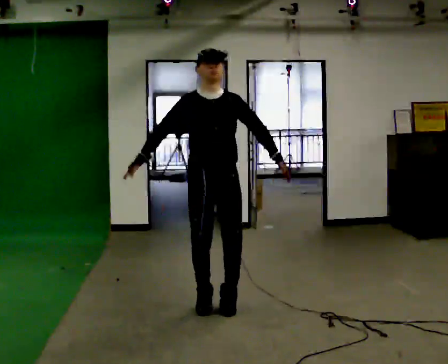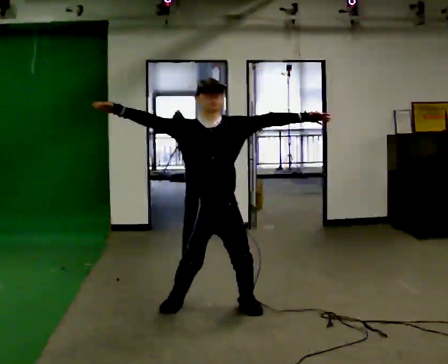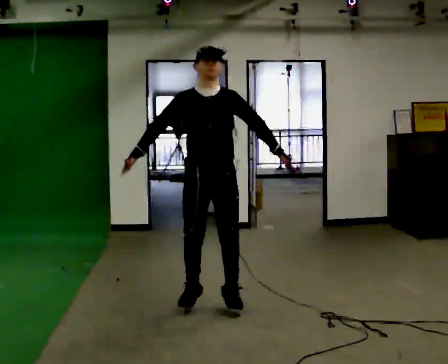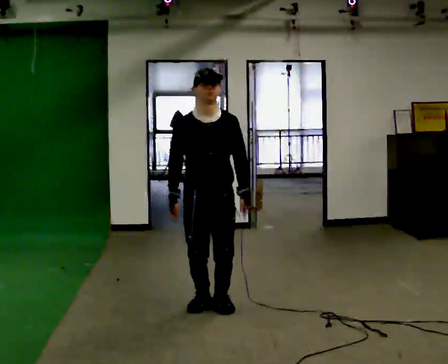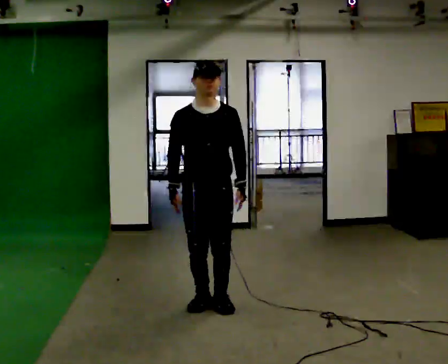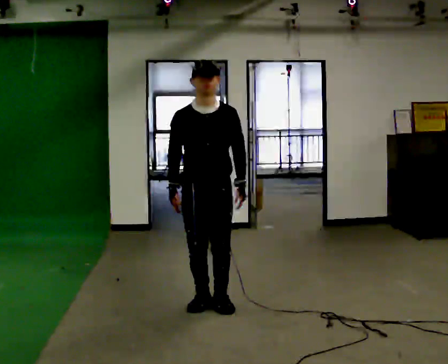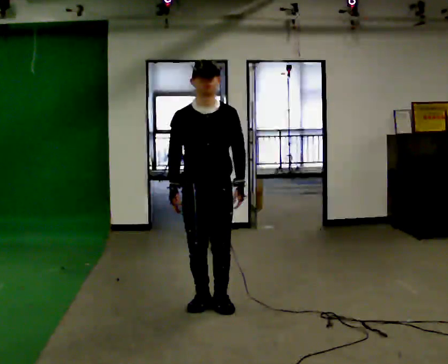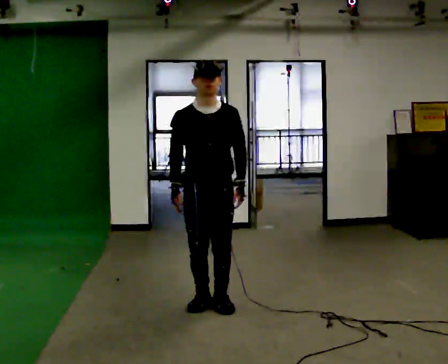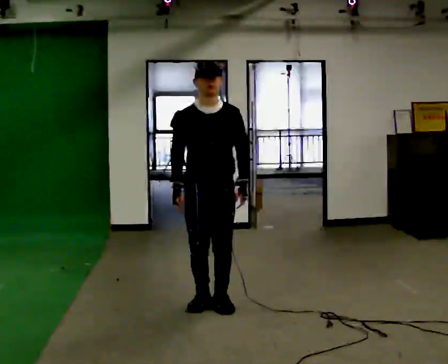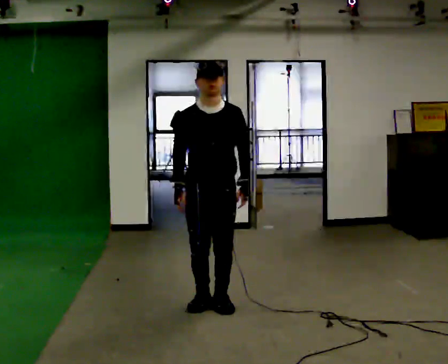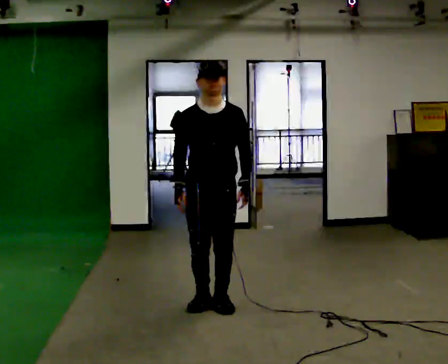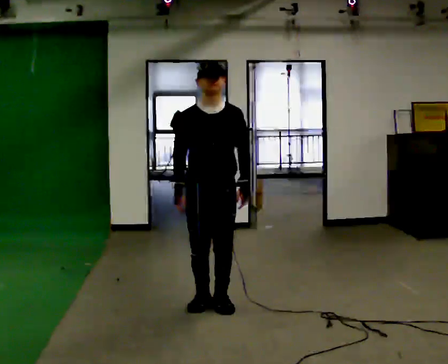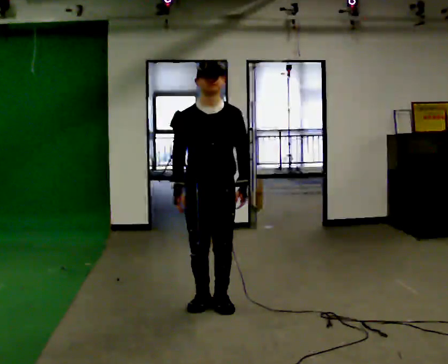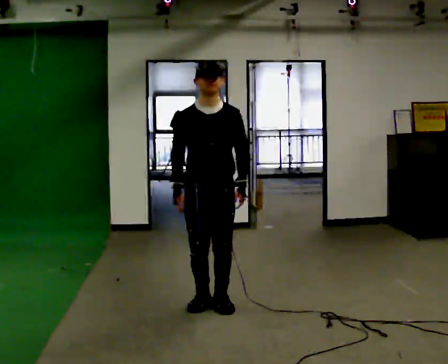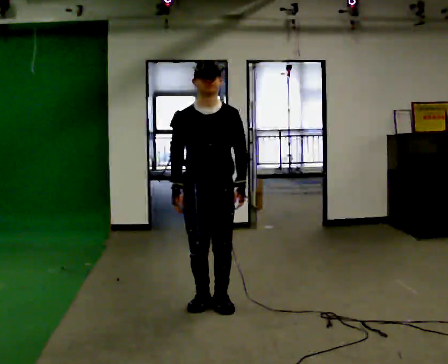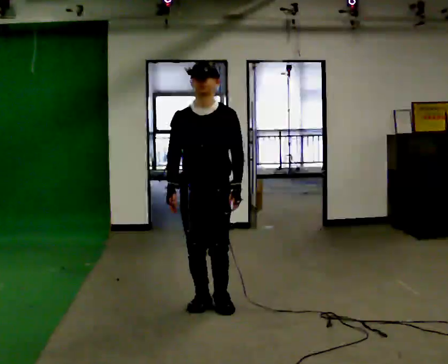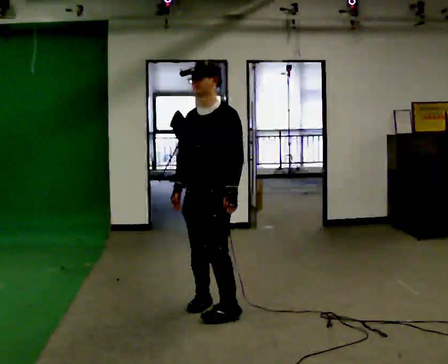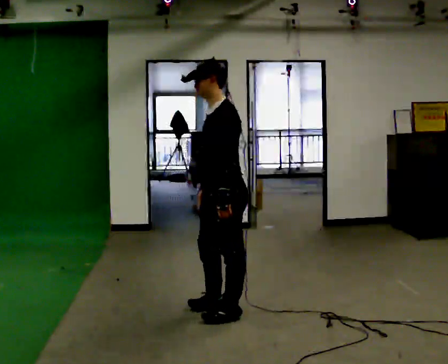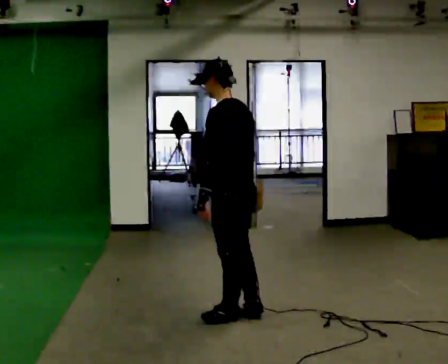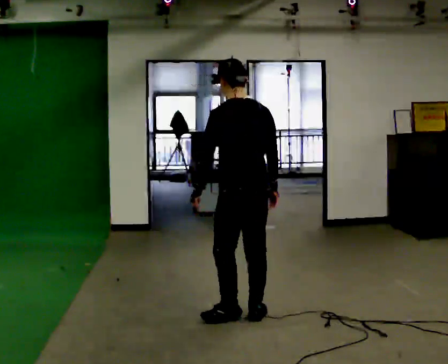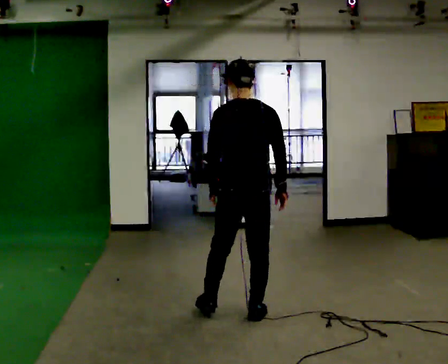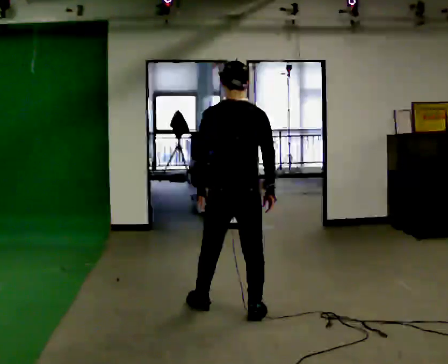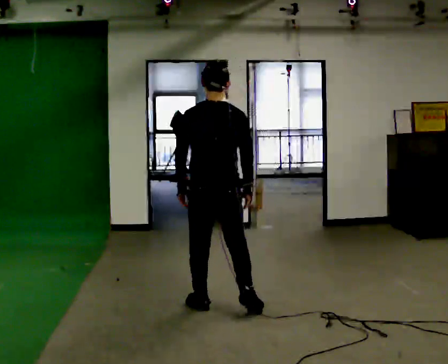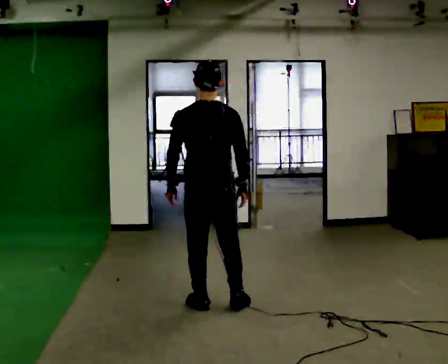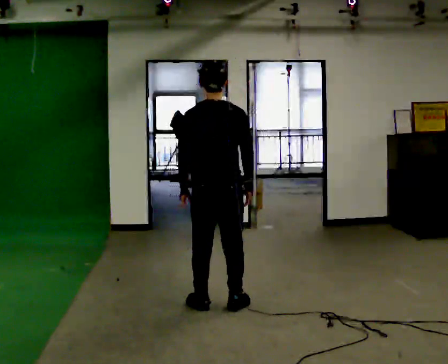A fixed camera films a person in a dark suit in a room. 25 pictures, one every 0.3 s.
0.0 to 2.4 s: The person moves a little, or ends about where they began.
2.4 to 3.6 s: The person keeps their place and pose.
3.6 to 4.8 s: Seen from above the body turns clockwise, about 45 degrees: to their right, with its near side sliding to the left.
4.8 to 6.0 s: The part of the body nearest the lens slides to the left as the person turns to their right by about 135 degrees. In the picture they go to the right, about 0.25 m in 1 step. In the picture their right hand goes to the right, the arm swinging counterclockwise.
6.0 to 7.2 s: In the picture they go away from the camera and to the left, about 0.25 m in 2 steps, which for them is forward and to their left.
The film runs forward here.
